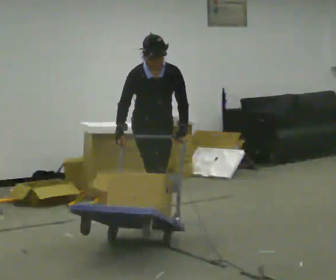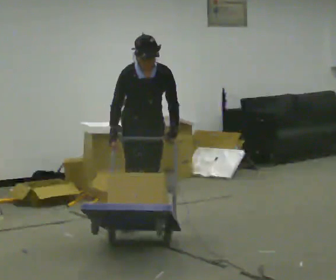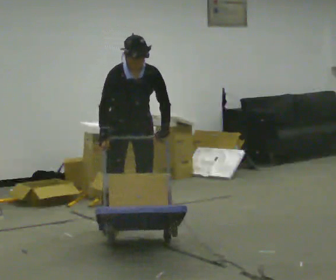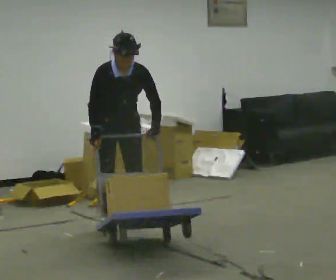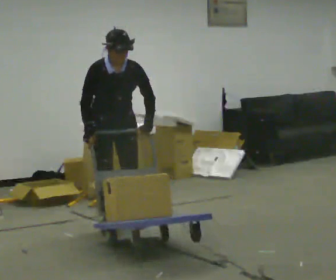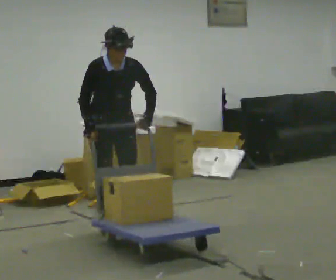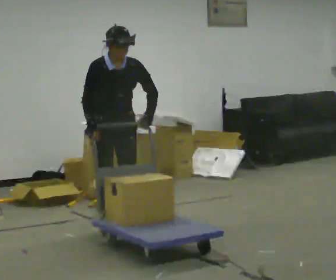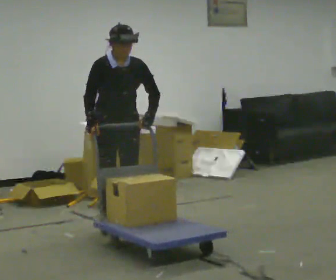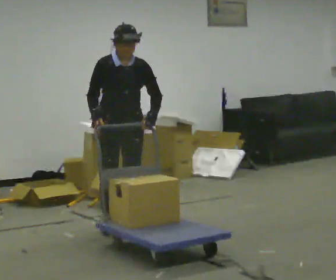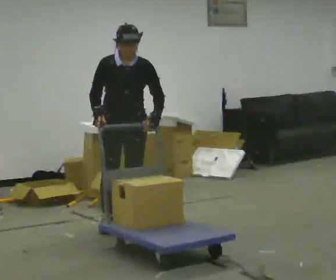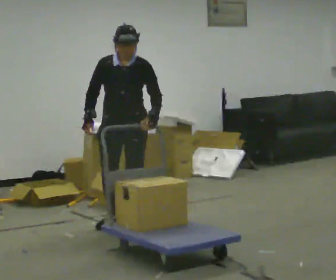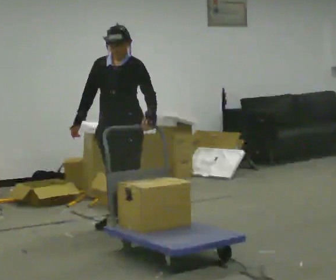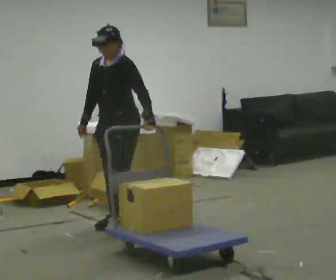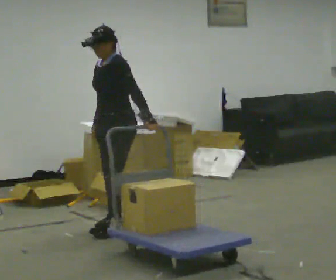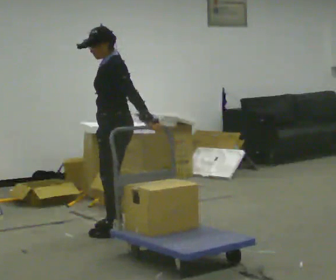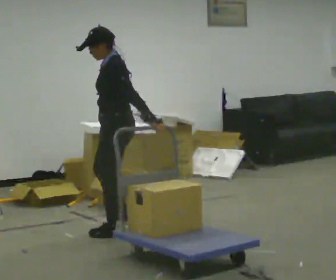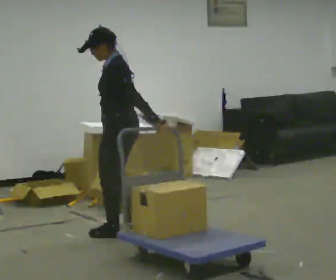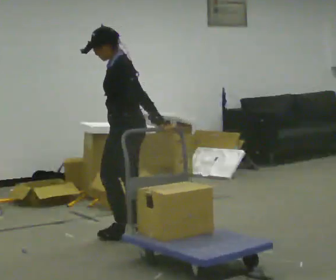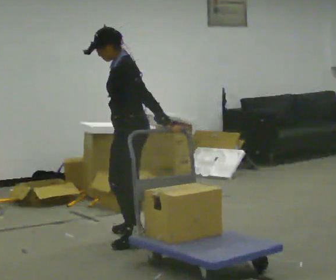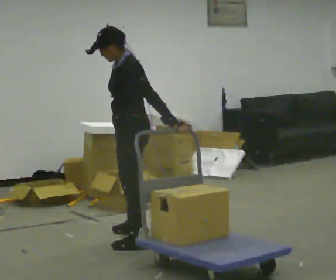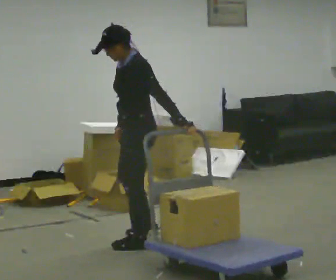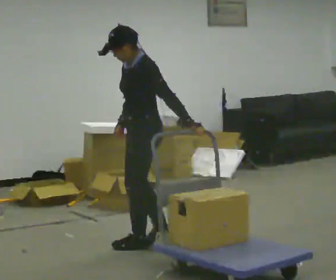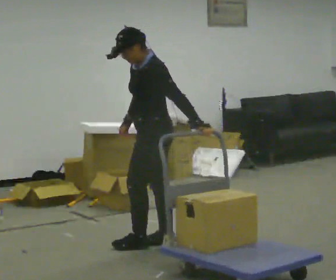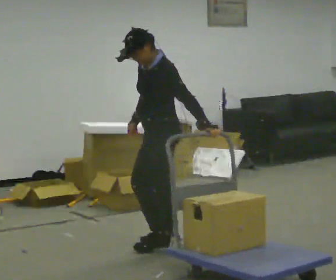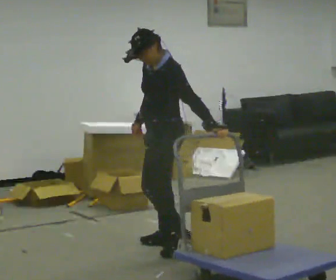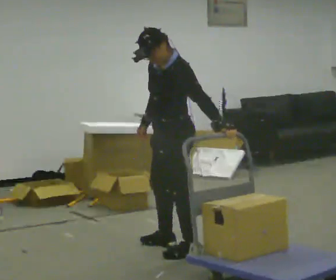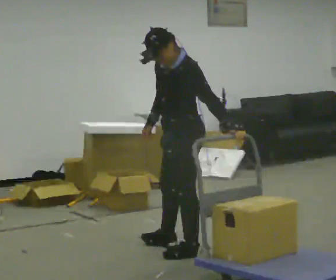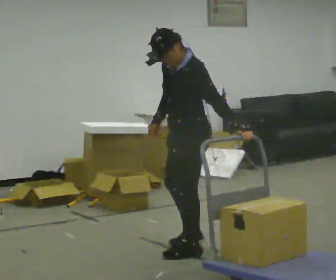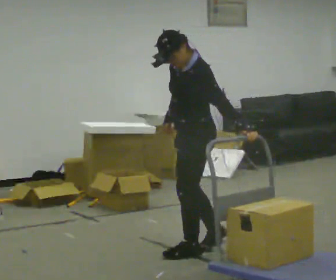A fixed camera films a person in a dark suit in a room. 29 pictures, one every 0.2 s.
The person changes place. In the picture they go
toward the camera.
The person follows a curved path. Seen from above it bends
counterclockwise.
0.0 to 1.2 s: In the picture they go to the left and toward the camera, about 0.5 m in 1 step, which for them is to their right and forward.
1.2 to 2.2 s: The person turns about 30 degrees to their right, clockwise seen from above, so the part of the body nearest the lens slides to the left.
2.2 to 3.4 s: The part of the body nearest the lens slides to the left as the person turns to their right by about 75 degrees. In the picture they go toward the camera, about 0.25 m in 3 steps.
3.4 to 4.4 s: In the picture they go toward the camera and to the right, about 0.25 m in 1 step, which for them is to their left and backward.
4.4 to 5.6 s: In the picture they go to the right and toward the camera, about 0.25 m in 2 steps, which for them is to their left and backward.
The film runs backward here.
